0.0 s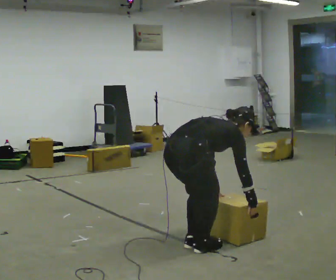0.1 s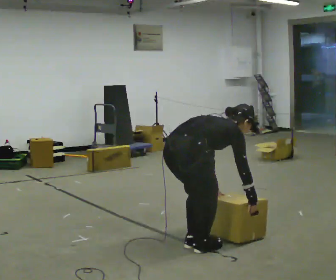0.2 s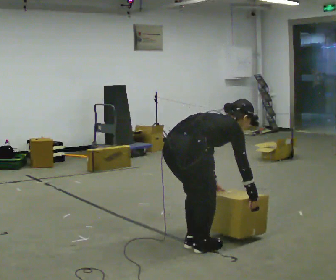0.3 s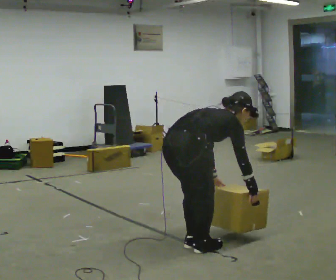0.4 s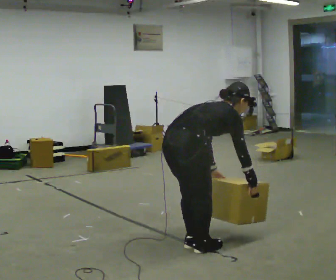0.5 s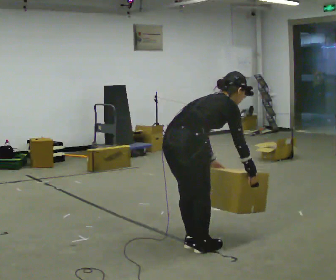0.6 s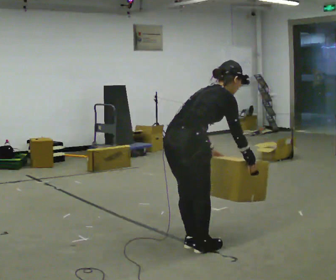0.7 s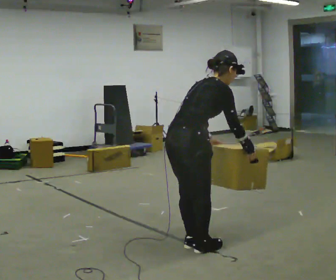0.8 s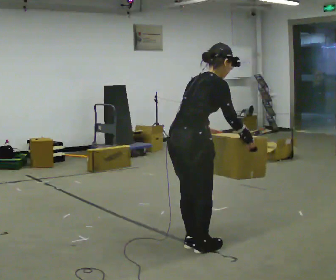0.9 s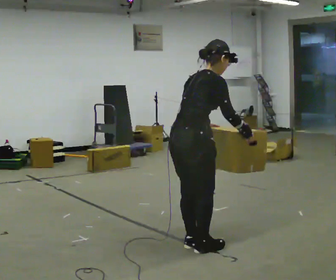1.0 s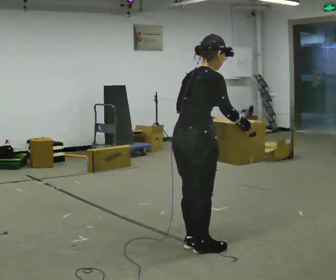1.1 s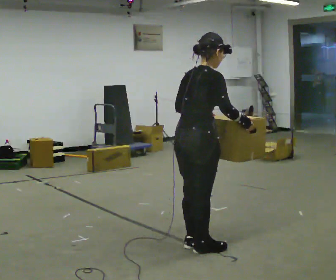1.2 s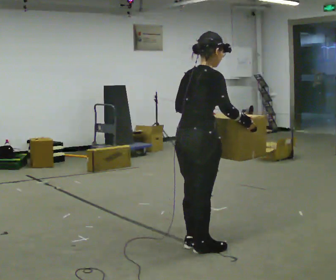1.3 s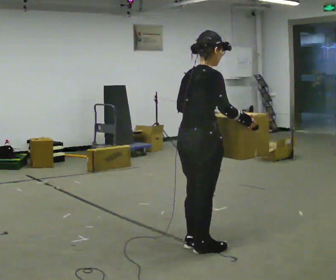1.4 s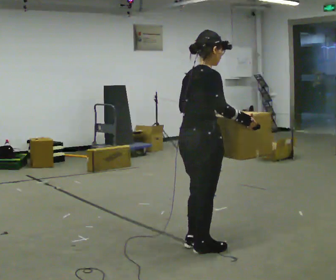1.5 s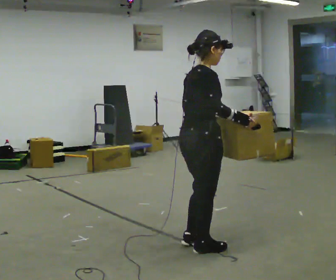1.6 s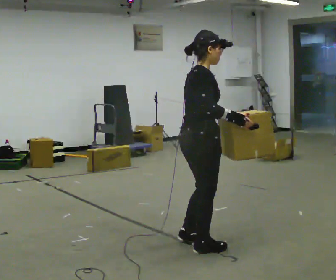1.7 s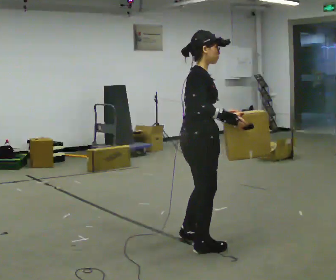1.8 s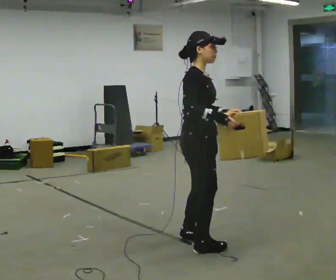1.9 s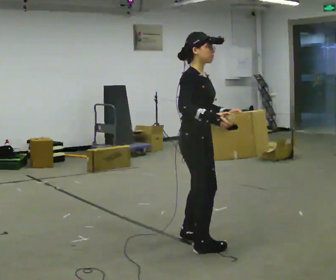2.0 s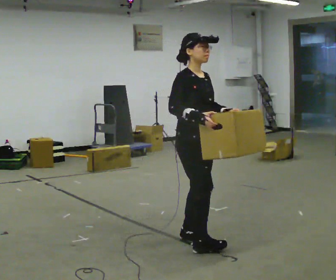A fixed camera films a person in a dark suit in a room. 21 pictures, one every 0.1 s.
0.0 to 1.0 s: The shoulders move upward. In the picture the upper body tilts counterclockwise, shoulders to the left, as they lean back or straighten. In the picture their right hand goes upward.
1.0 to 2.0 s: Seen from above the body turns clockwise, about 60 degrees: to their right, with its near side sliding to the left. In the picture they go away from the camera, about 0.25 m in 1 step. In the picture the upper body tilts counterclockwise, shoulders to the left, as they lean back or straighten.
The film runs backward here.
